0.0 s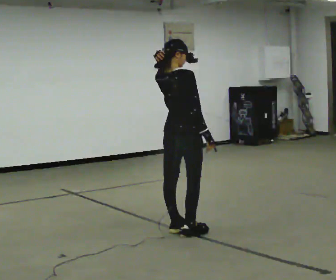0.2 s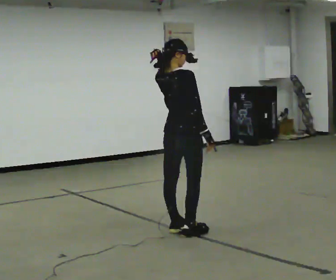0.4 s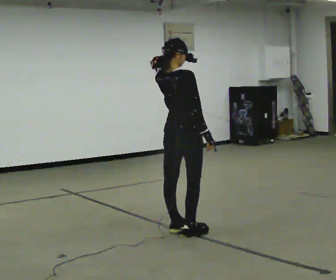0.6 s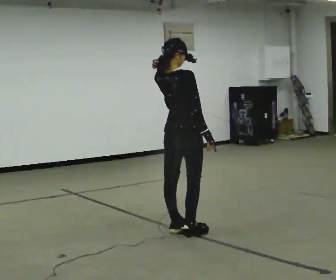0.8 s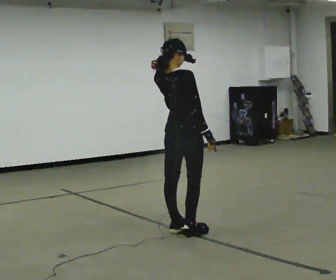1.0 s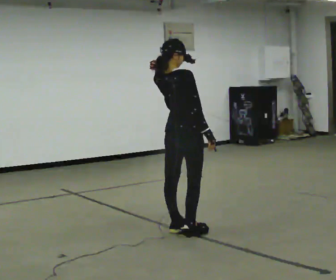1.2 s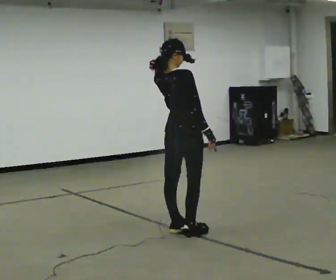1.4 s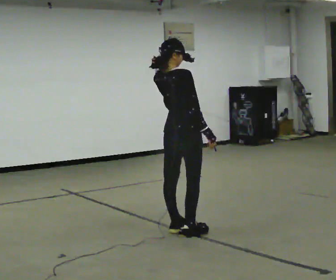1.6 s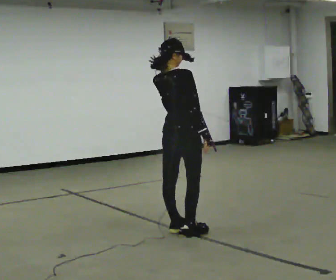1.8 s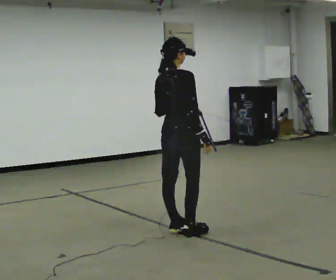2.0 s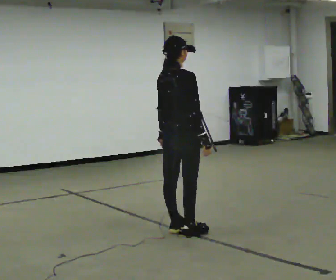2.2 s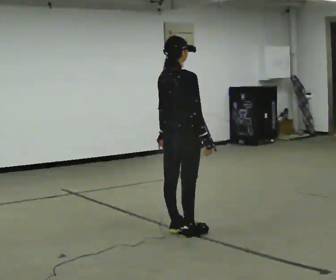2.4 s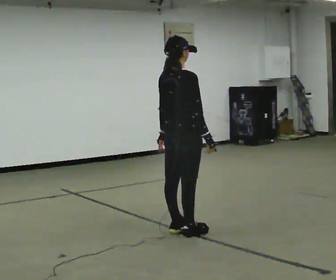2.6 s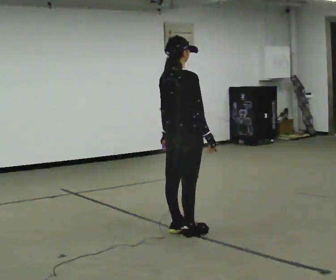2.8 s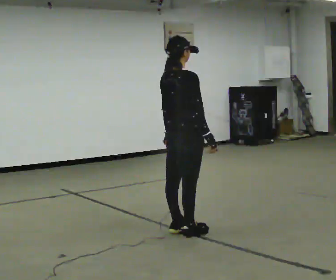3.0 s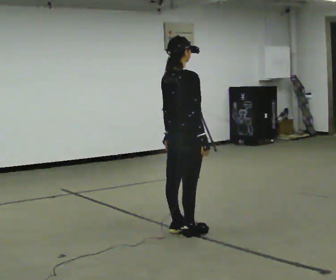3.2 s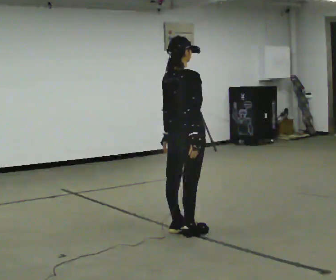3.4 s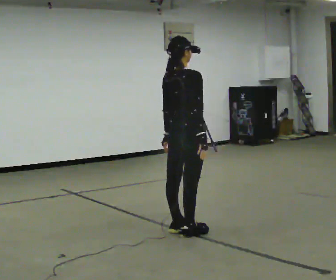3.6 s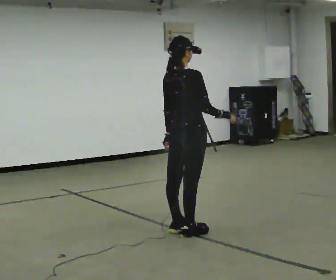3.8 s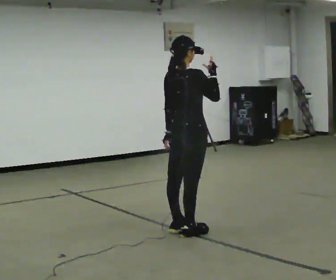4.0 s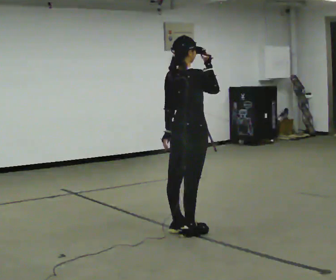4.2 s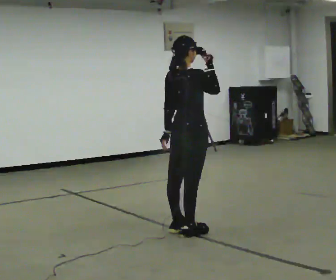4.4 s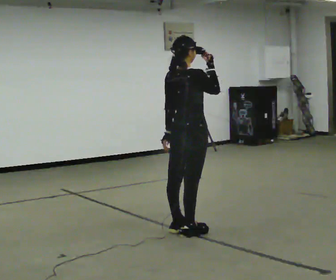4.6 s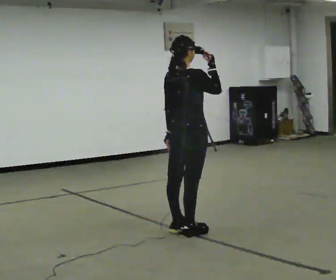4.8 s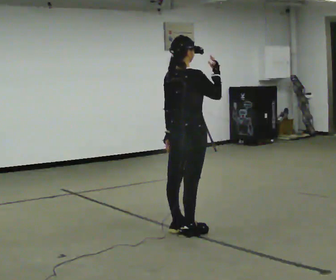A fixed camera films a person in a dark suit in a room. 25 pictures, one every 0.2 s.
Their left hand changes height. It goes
downward.
0.0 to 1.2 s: The person moves a little, or ends about where they began.
1.2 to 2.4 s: In the picture their left hand goes downward.
2.4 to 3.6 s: The person moves a little, or ends about where they began.
3.6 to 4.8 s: In the picture their right hand goes upward.
The film runs backward here.
